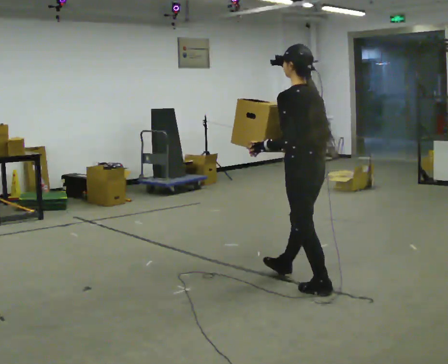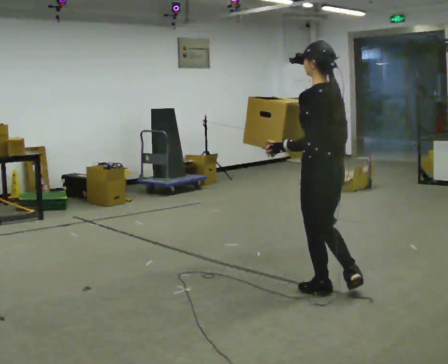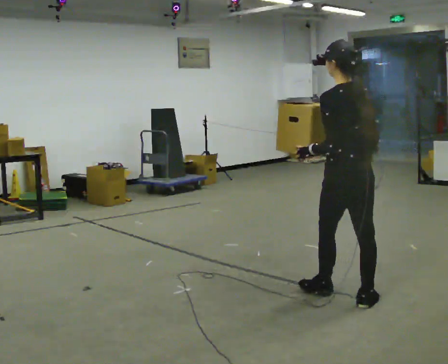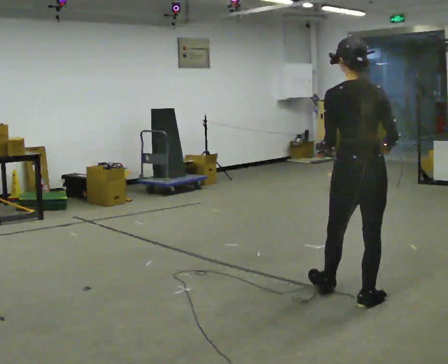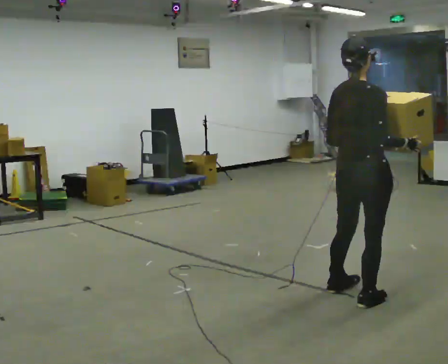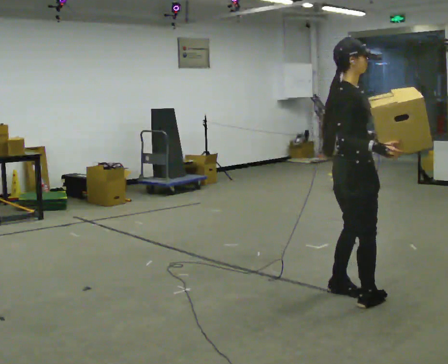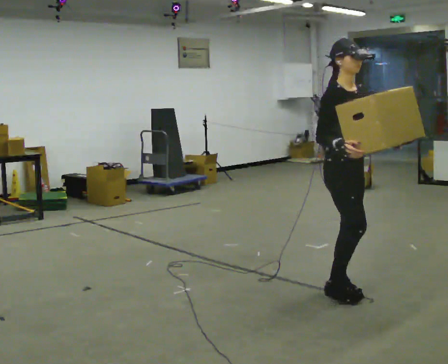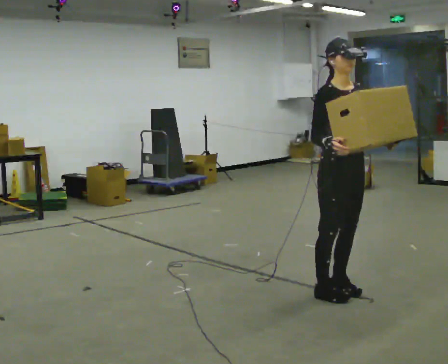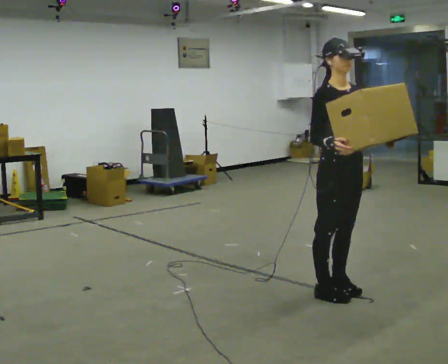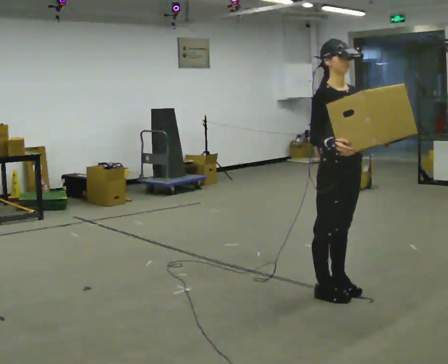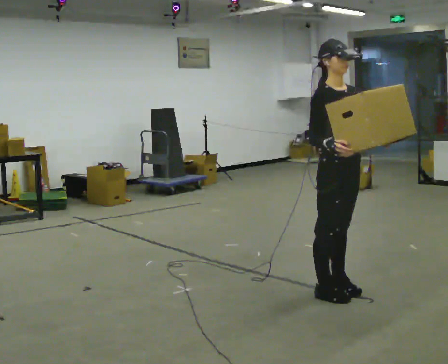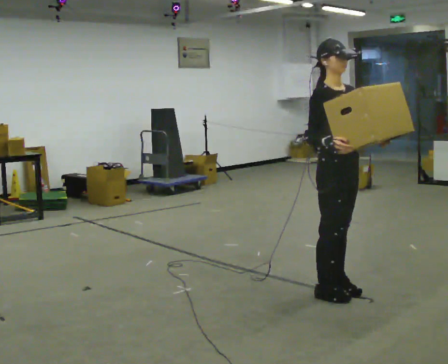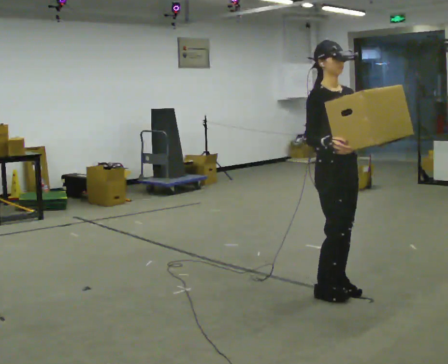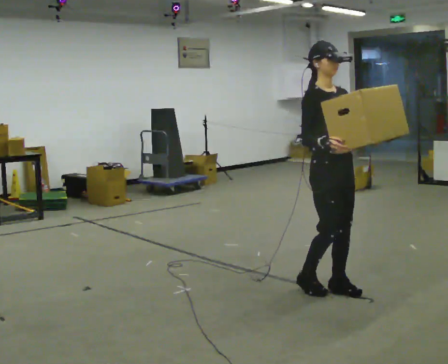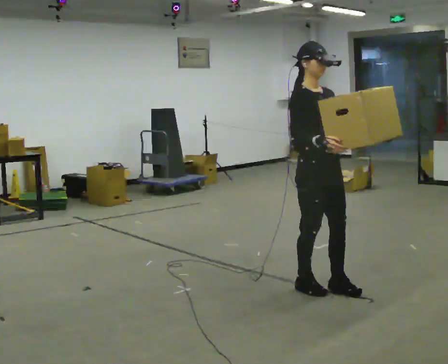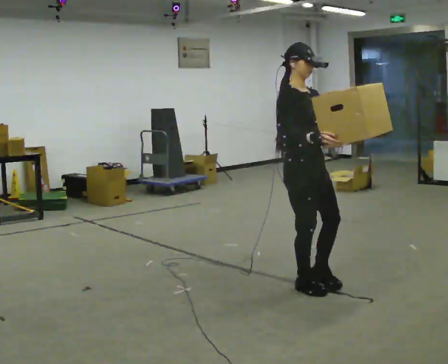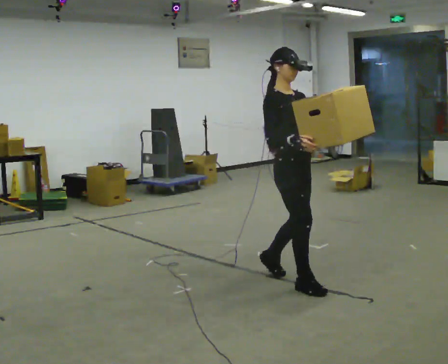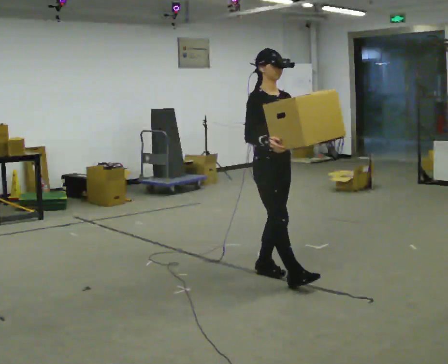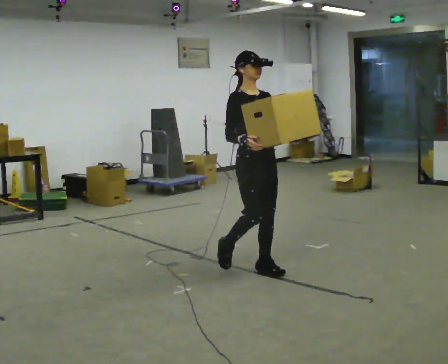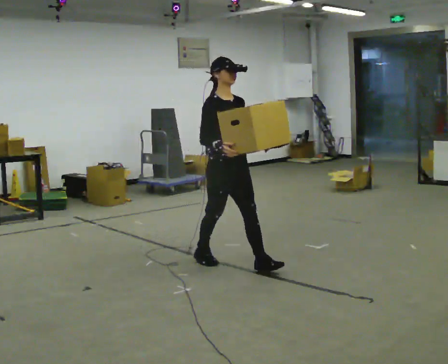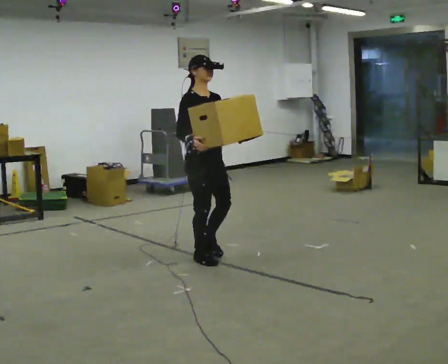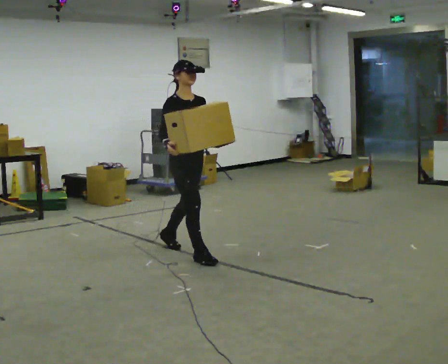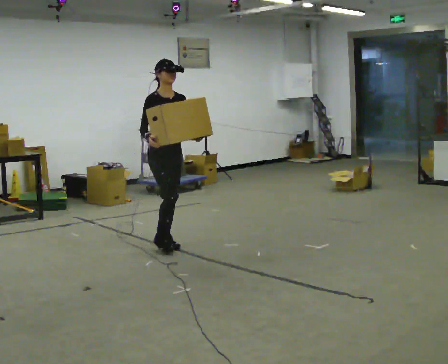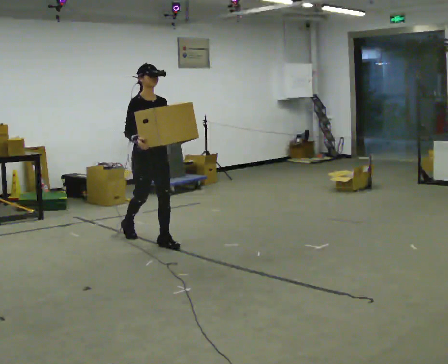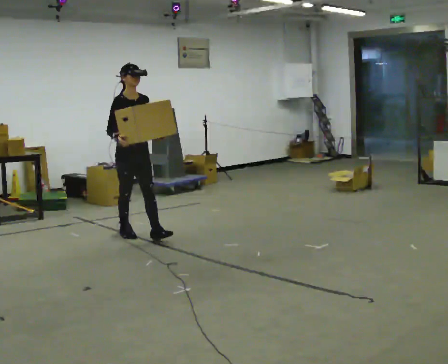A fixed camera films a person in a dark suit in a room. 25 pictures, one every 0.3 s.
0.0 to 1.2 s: Seen from above the body turns clockwise, about 90 degrees: to their right, with its near side sliding to the left. In the picture they go toward the camera and to the right, about 0.5 m.
1.2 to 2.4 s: The part of the body nearest the lens slides to the left as the person turns to their right by about 105 degrees. In the picture they go away from the camera, about 0.25 m in 1 step. In the picture their right hand goes to the left, the arm swinging clockwise.
2.4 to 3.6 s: The person moves a little, or ends about where they began.
3.6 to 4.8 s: In the picture they go to the left and away from the camera, about 0.25 m in 2 steps, which for them is backward.
4.8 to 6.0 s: In the picture they go to the left and away from the camera, about 1 m in 2 steps, which for them is backward.
6.0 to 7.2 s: In the picture they go to the left and away from the camera, about 1 m in 2 steps, which for them is backward.
The film runs backward here.
